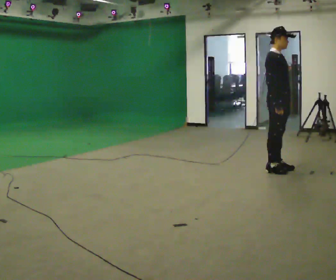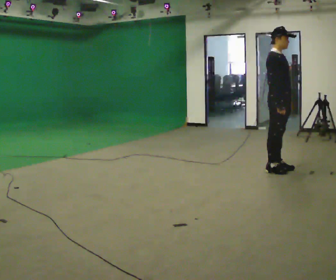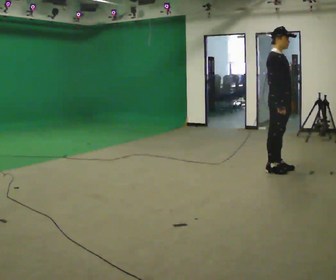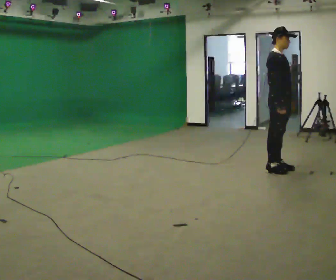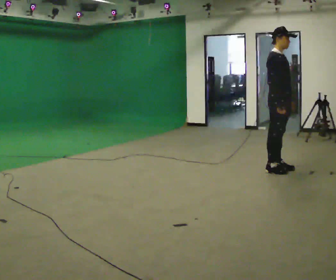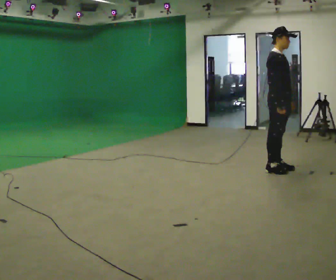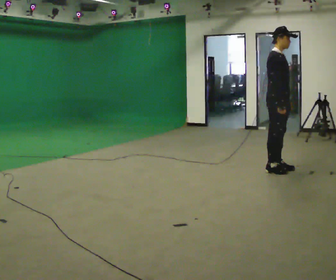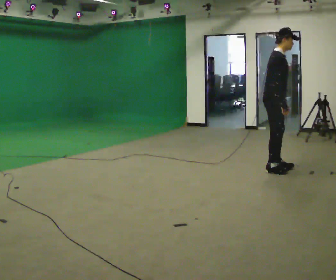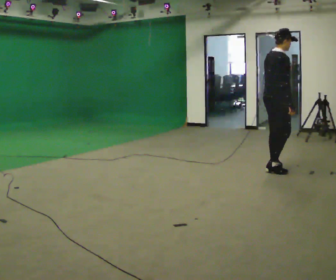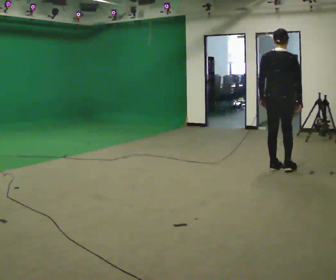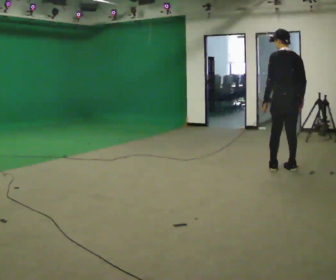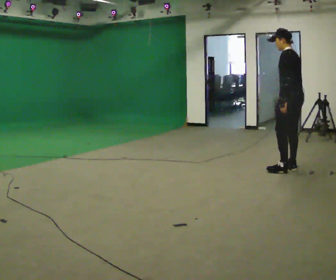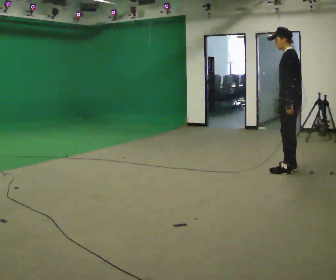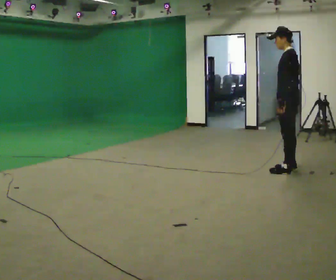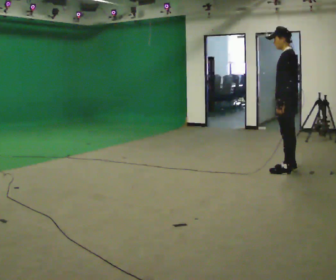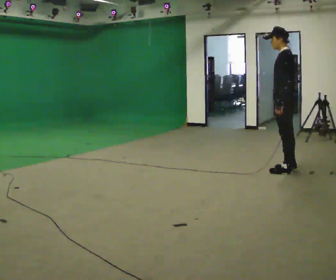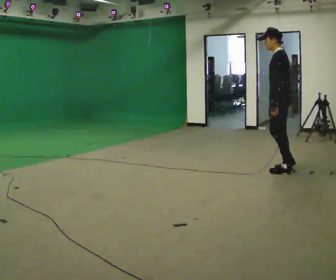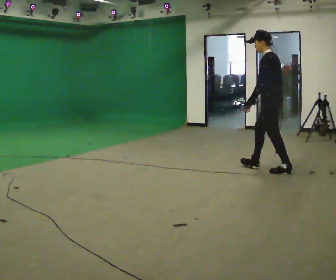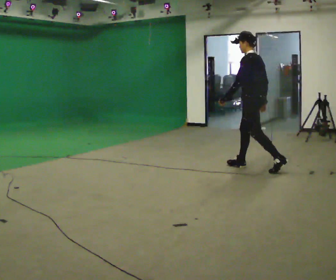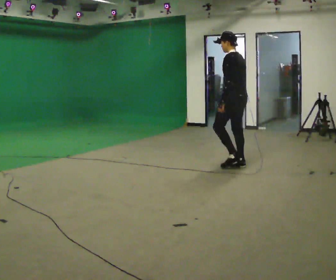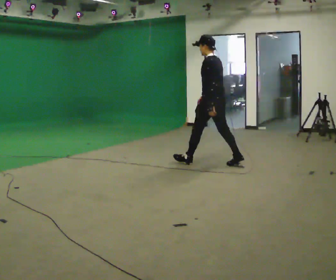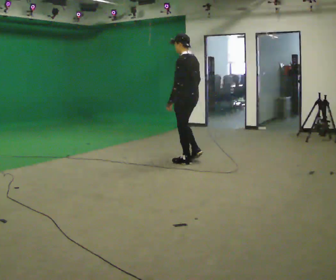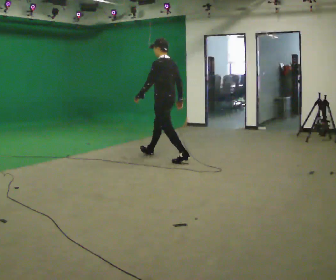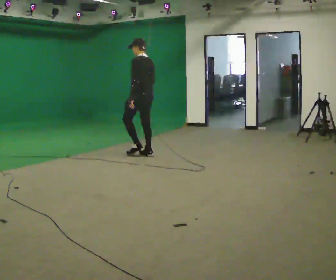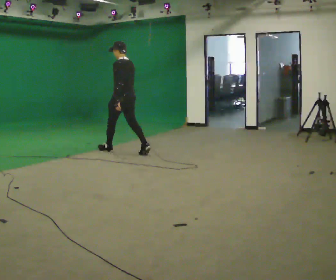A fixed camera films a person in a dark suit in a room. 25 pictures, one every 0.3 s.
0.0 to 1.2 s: The person keeps their place and pose.
1.2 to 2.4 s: The part of the body nearest the lens slides to the right as the person turns to their left by about 75 degrees.
2.4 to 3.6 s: The part of the body nearest the lens slides to the right as the person turns to their left by about 120 degrees. In the picture they go to the right, about 0.25 m in 2 steps.
3.6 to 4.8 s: The person moves a little, or ends about where they began.
4.8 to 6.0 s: In the picture they go to the left, about 1 m in 2 steps, which for them is forward.
6.0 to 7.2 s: In the picture they go to the left, about 1.5 m in 2 steps, which for them is forward.
The film runs forward here.
